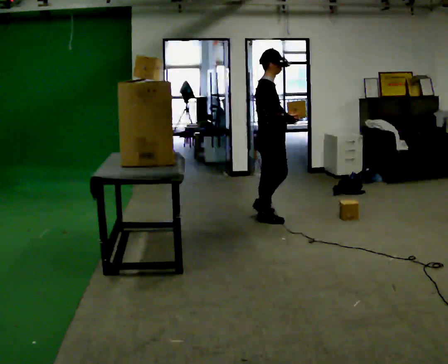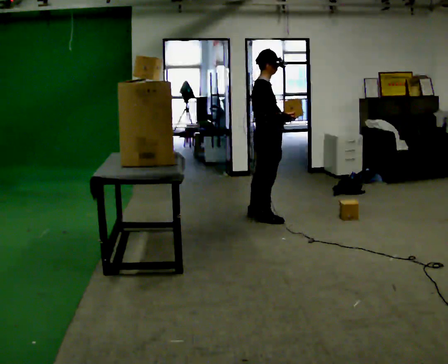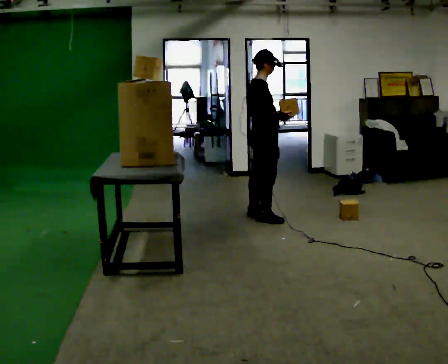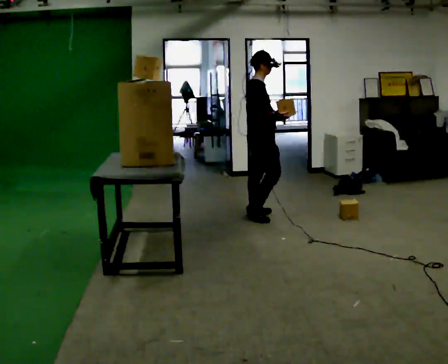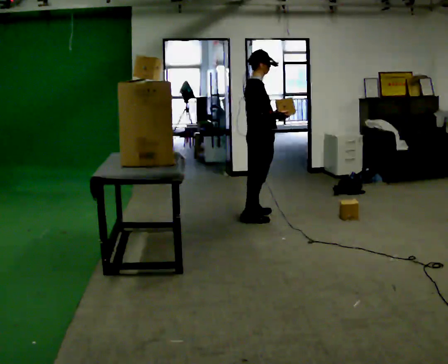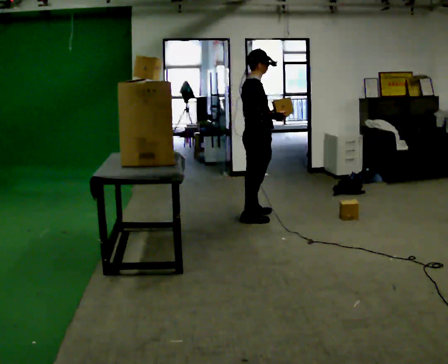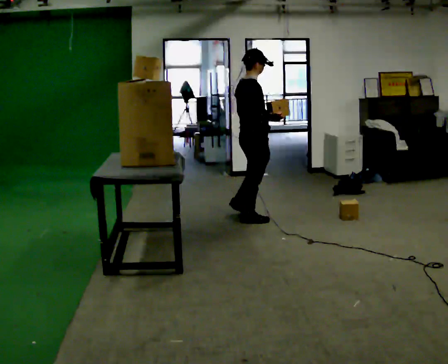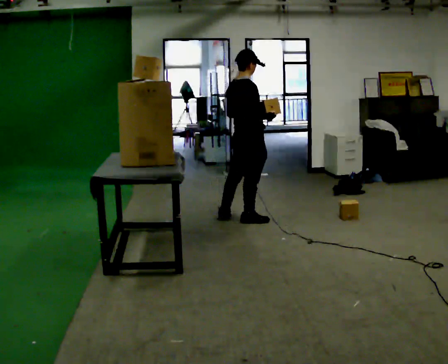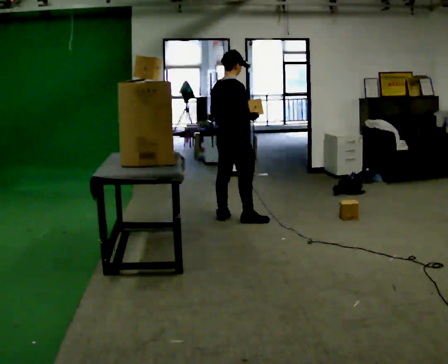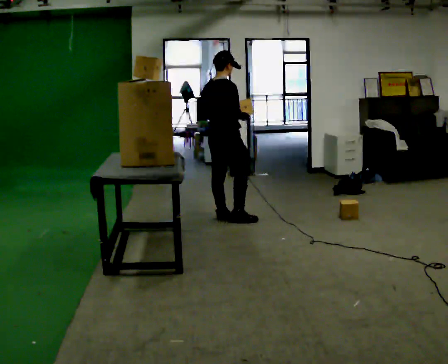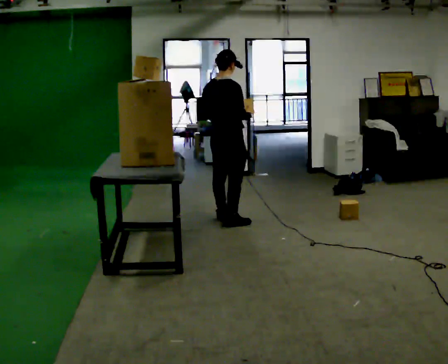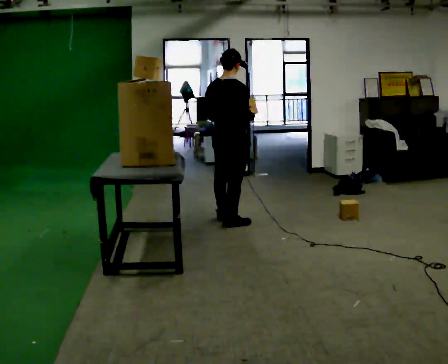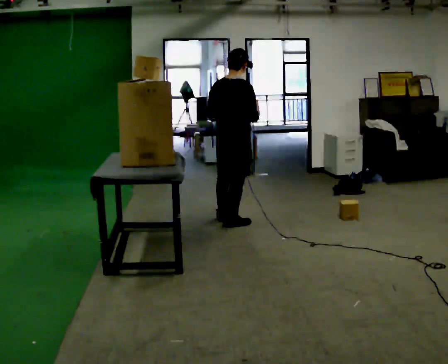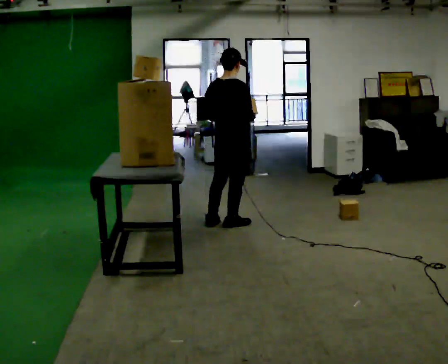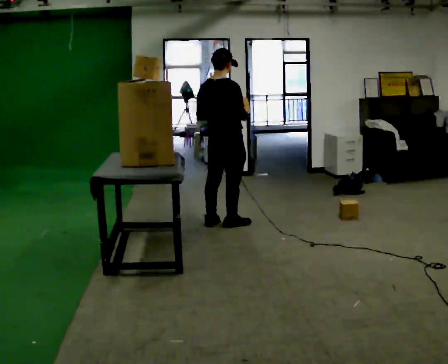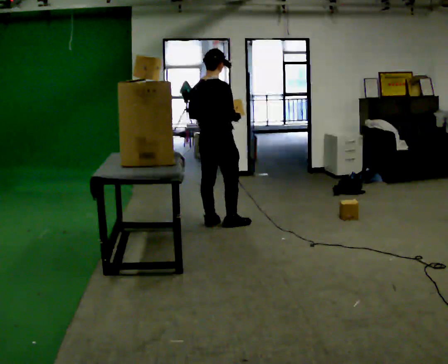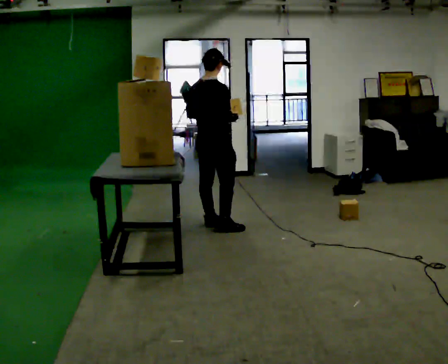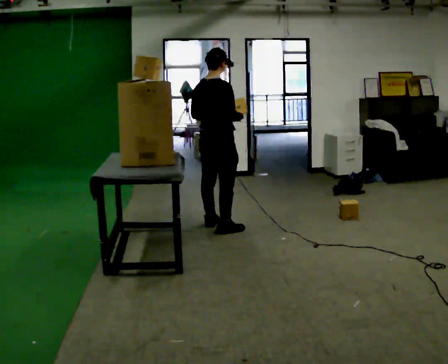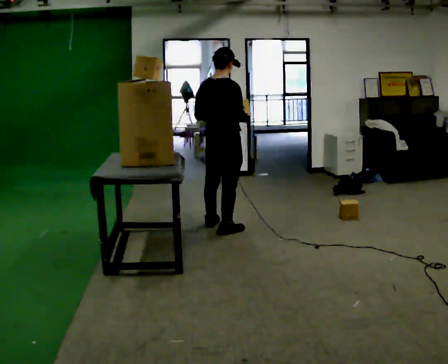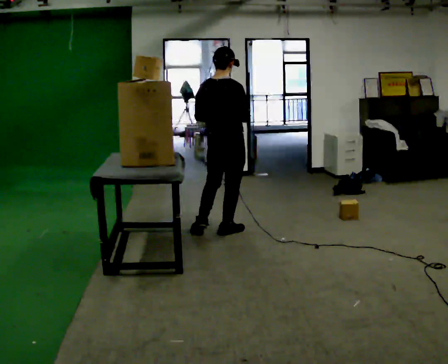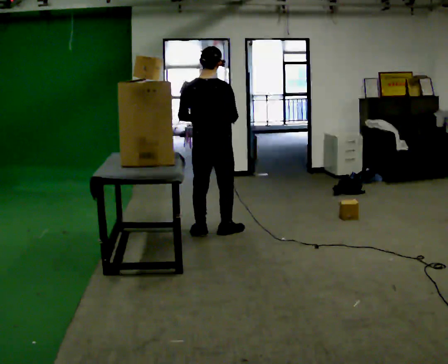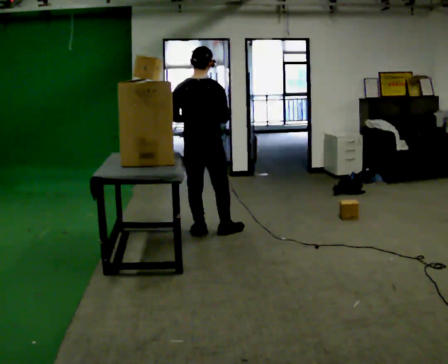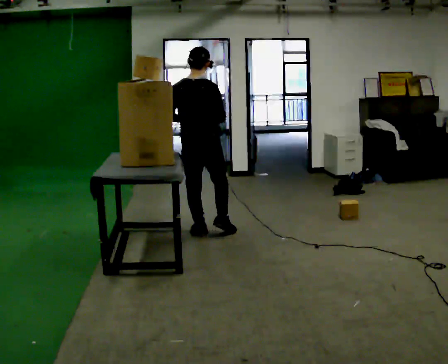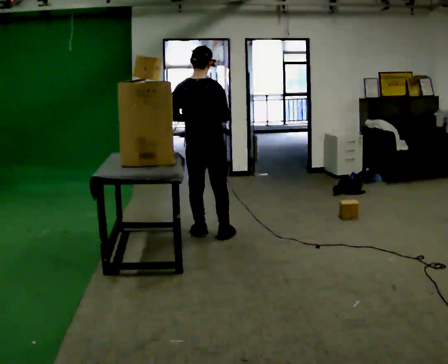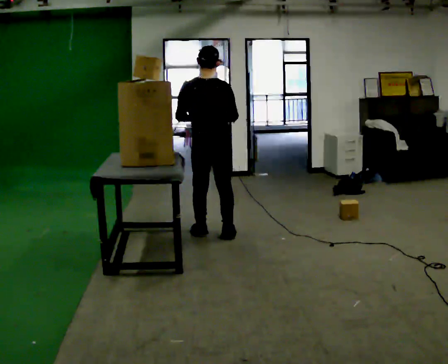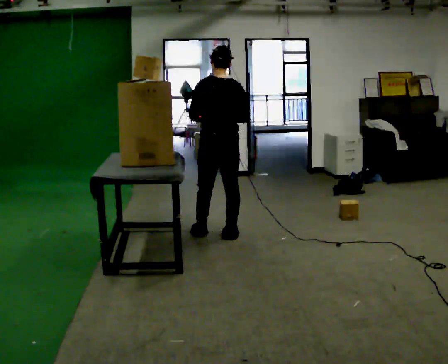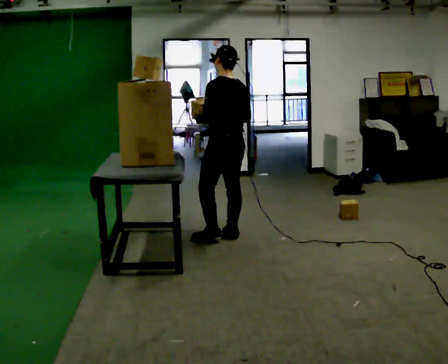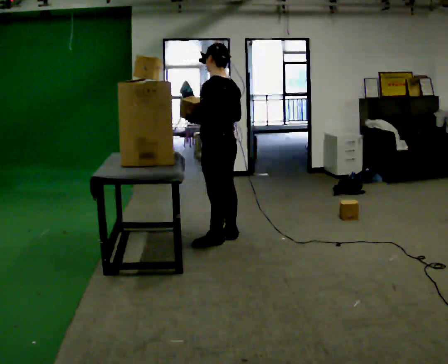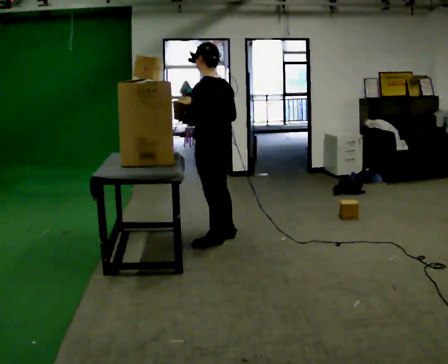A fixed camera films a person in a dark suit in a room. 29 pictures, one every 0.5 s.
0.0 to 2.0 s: In the picture they go away from the camera, about 0.25 m in 1 step, which for them is to their left.
2.0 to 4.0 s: Seen from above the body turns counterclockwise, about 30 degrees: to their left, with its near side sliding to the right. In the picture they go to the left, about 0.25 m in 1 step, which for them is backward.
4.0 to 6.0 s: In the picture they go toward the camera, about 0.25 m in 1 step, which for them is backward.
6.0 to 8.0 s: In the picture they go to the left, about 0.25 m in 2 steps, which for them is to their left.
8.0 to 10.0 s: The part of the body nearest the lens slides to the right as the person turns to their left by about 30 degrees. In the picture they go toward the camera, about 0.25 m in 1 step, which for them is backward and to their right.
10.0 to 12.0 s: The person moves a little, or ends about where they began.
12.0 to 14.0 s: Seen from above the body turns counterclockwise, about 60 degrees: to their left, with its near side sliding to the right. In the picture they go toward the camera, about 0.25 m in 1 step.
The film runs backward here.
